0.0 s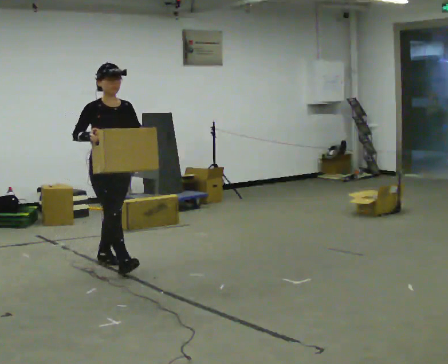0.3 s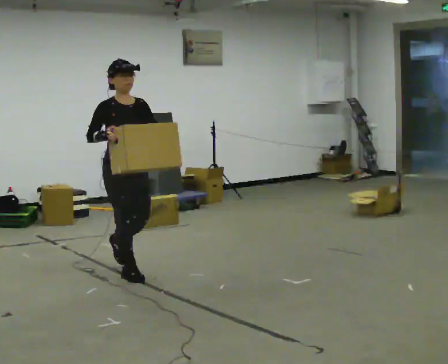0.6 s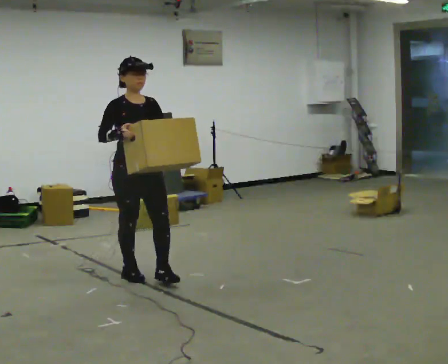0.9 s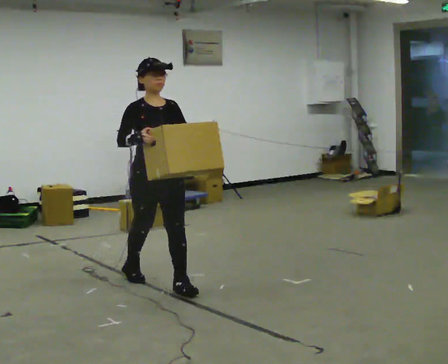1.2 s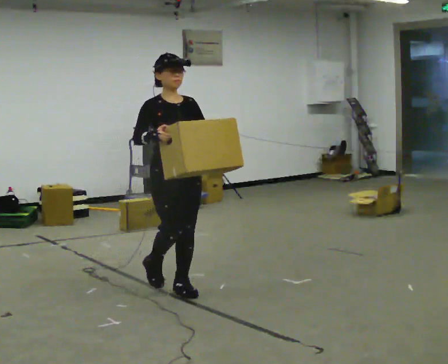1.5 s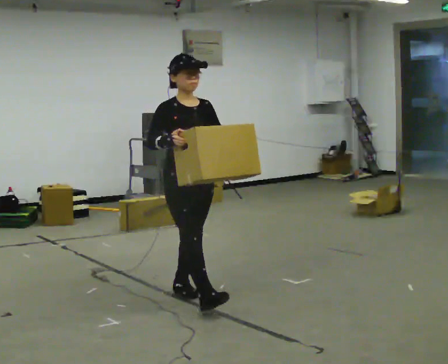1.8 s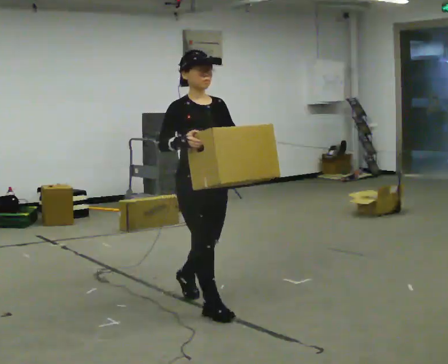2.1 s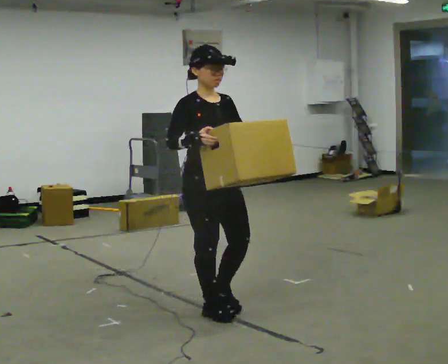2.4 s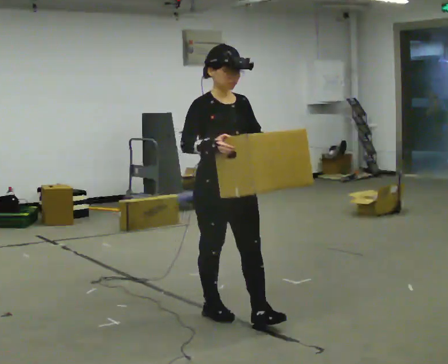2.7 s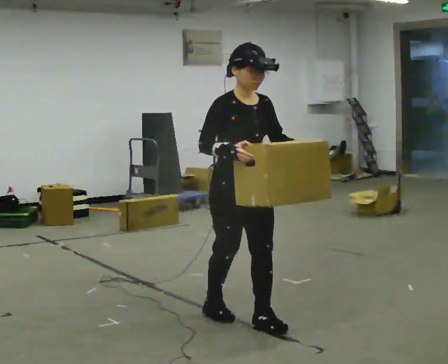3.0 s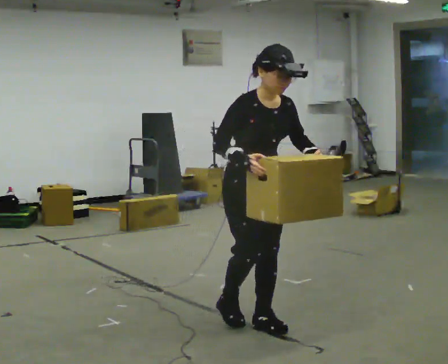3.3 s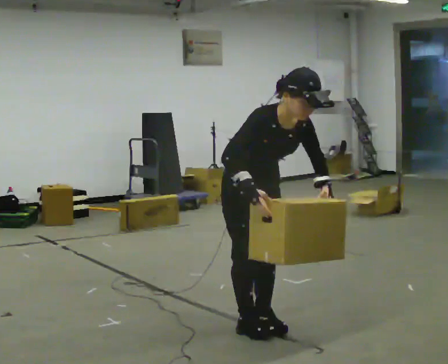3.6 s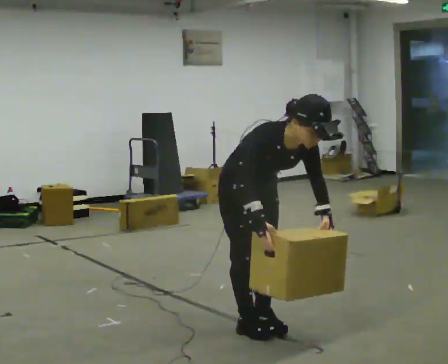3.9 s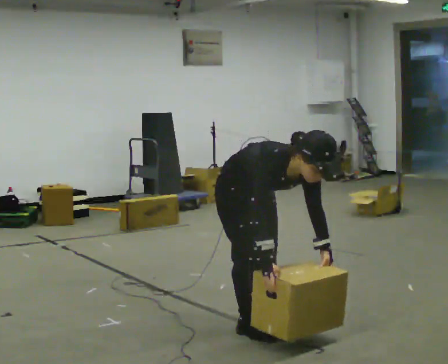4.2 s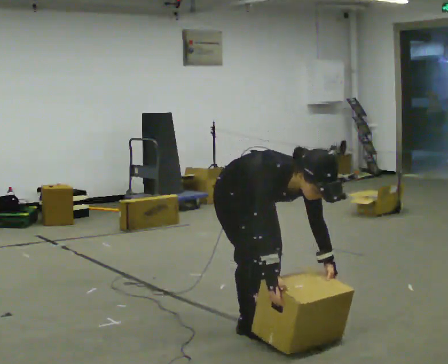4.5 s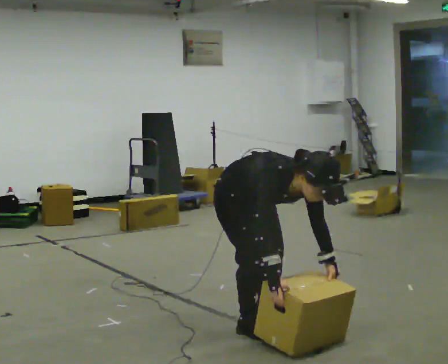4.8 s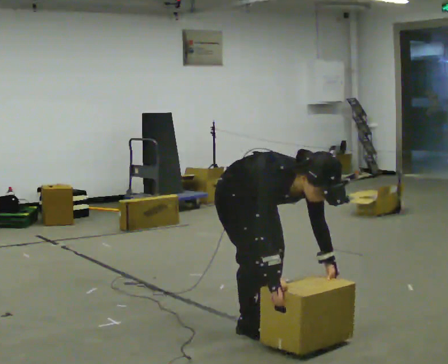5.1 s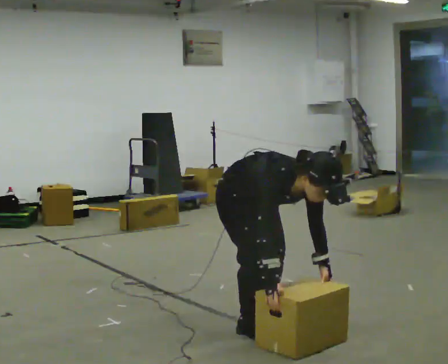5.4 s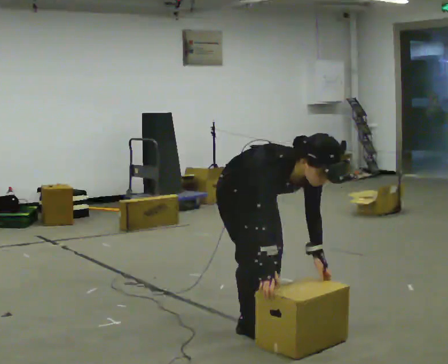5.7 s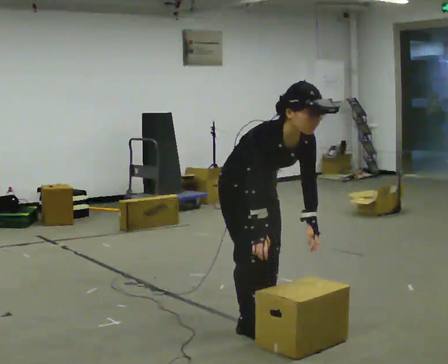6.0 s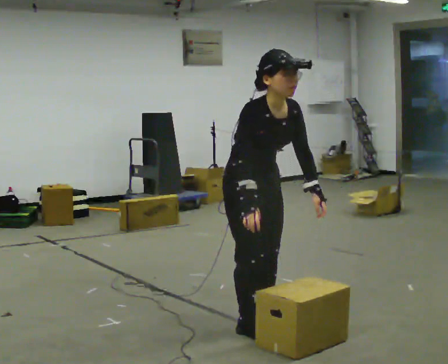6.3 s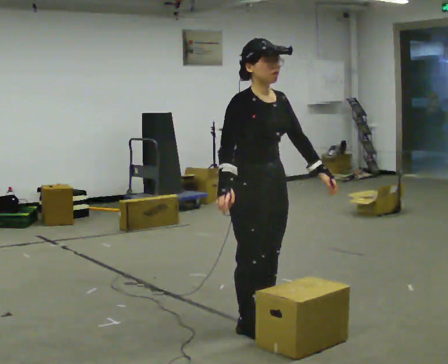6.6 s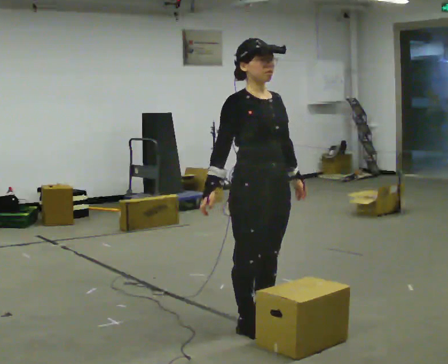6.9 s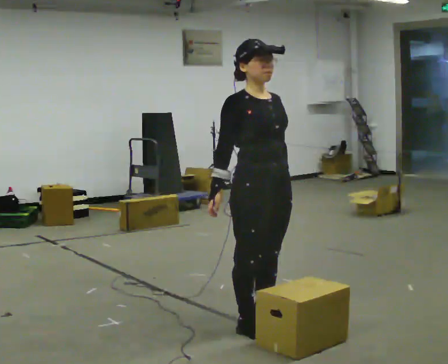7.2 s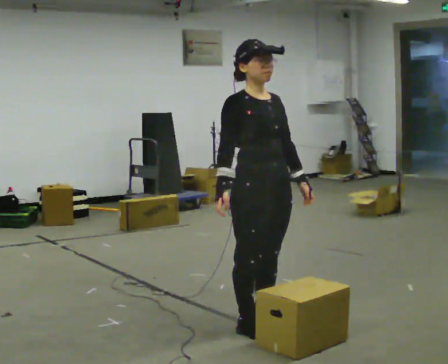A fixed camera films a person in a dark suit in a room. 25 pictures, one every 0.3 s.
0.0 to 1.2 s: In the picture they go to the right and toward the camera, about 1 m in 2 steps, which for them is forward.
1.2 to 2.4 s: In the picture they go toward the camera and to the right, about 0.75 m in 2 steps, which for them is forward.
2.4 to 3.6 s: In the picture they go to the right, about 0.25 m in 1 step, which for them is forward. The upper body goes downward. In the picture the upper body tilts clockwise, shoulders to the right, as they bend forward. In the picture their right hand goes downward.
3.6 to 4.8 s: The shoulders move downward. In the picture the upper body tilts clockwise, shoulders to the right, as they bend forward.
4.8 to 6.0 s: The shoulders move upward. In the picture the upper body tilts counterclockwise, shoulders to the left, as they lean back or straighten. In the picture their left hand goes upward.
6.0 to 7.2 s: In the picture the upper body tilts counterclockwise, shoulders to the left, as they lean back or straighten.
The film runs forward here.
